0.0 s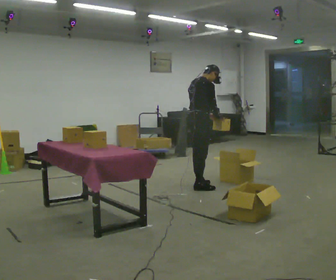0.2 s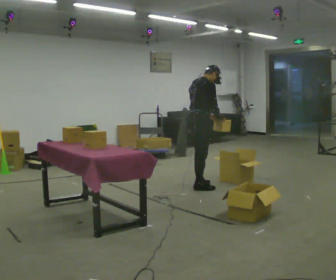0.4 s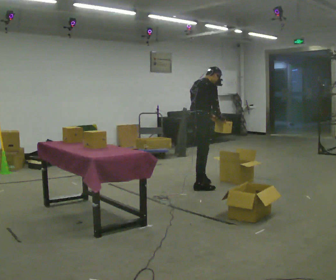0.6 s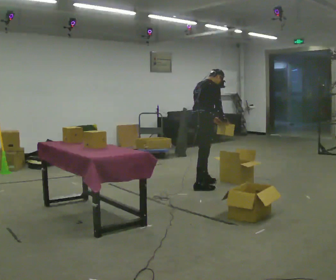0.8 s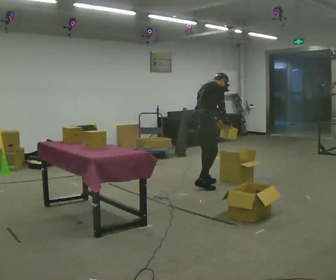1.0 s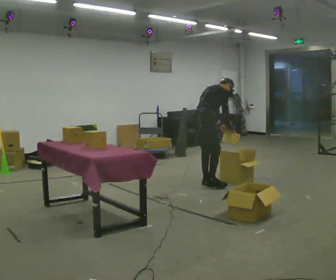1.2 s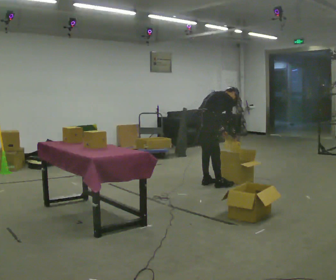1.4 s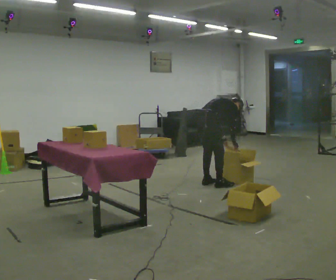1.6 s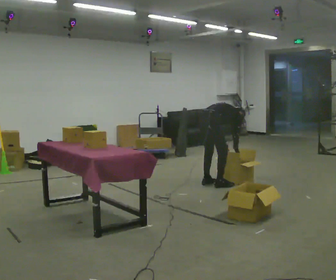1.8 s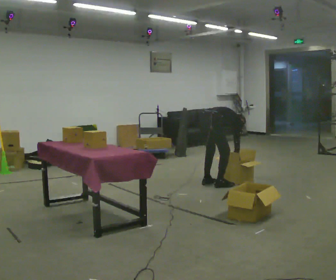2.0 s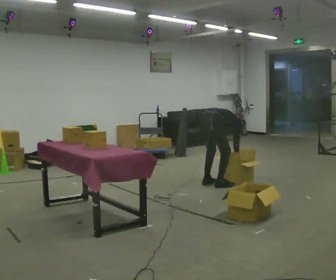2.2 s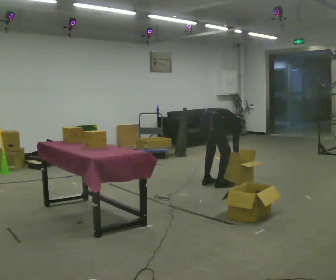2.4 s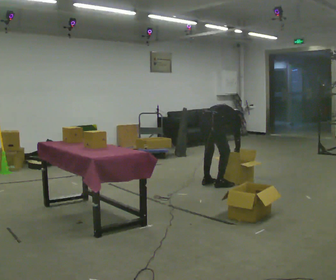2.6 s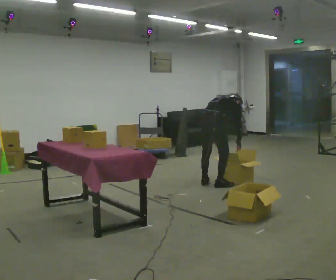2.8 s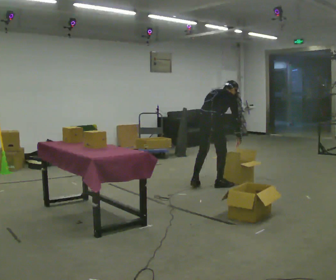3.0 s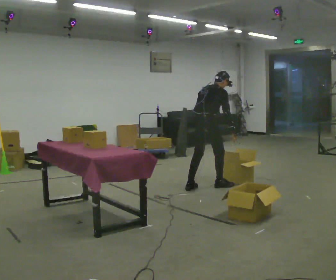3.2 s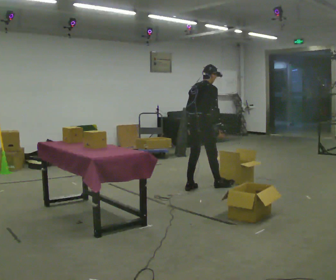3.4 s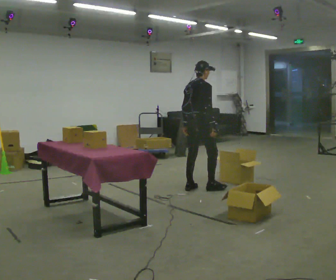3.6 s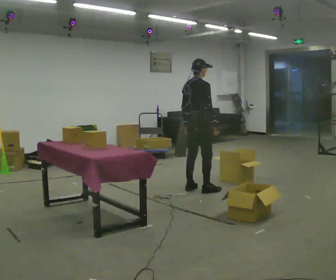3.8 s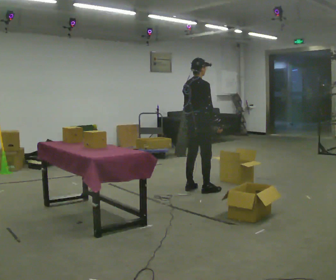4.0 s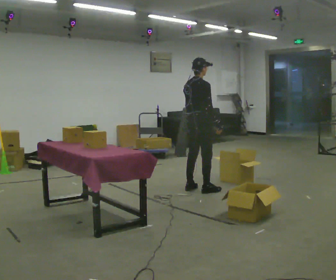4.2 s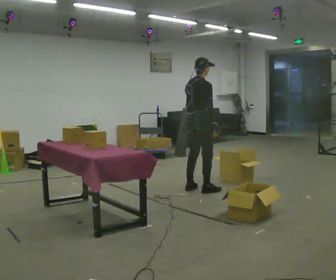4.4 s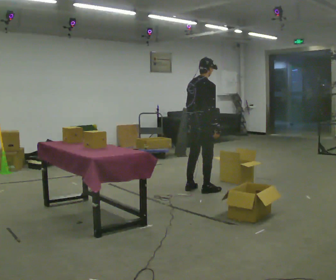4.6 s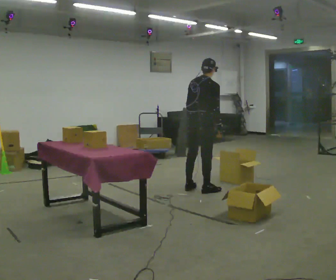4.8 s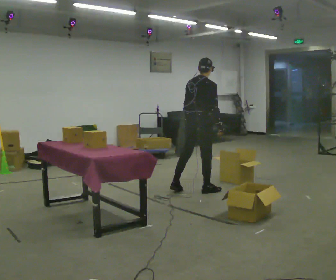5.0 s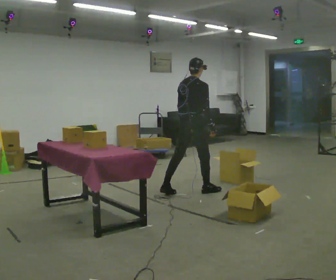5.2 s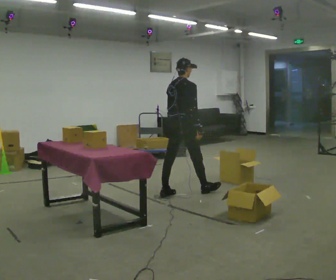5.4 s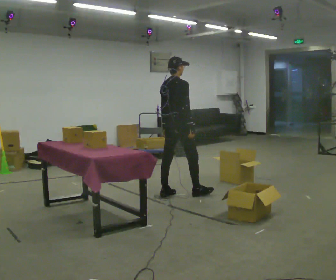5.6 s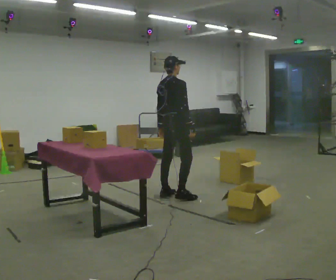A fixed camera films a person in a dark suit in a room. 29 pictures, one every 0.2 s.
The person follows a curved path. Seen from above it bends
clockwise.
0.0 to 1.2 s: The upper body goes downward. In the picture the upper body tilts clockwise, shoulders to the right, as they bend forward.
1.2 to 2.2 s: The shoulders move downward. The upper body tips away from the camera, its near side rolling upward, as they bend forward. In the picture their right hand goes downward.
2.2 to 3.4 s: In the picture they go to the left, about 0.25 m in 1 step, which for them is backward. The shoulders move upward. In the picture the upper body tilts counterclockwise, shoulders to the left, as they lean back or straighten. In the picture their right hand goes upward and to the left.
3.4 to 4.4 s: The person moves a little, or ends about where they began.
4.4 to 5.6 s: In the picture they go to the left and toward the camera, about 0.5 m in 1 step, which for them is backward and to their left.
The film runs forward here.
